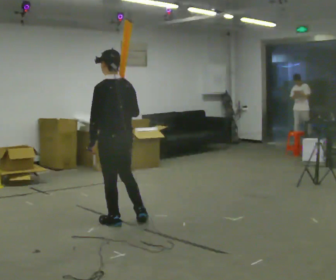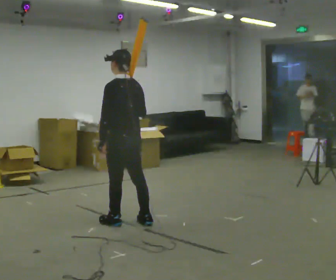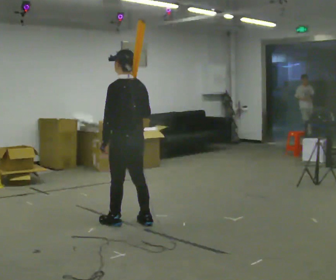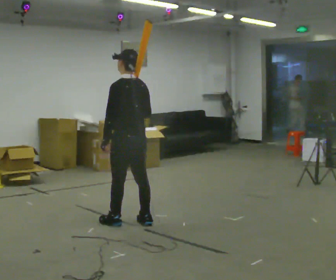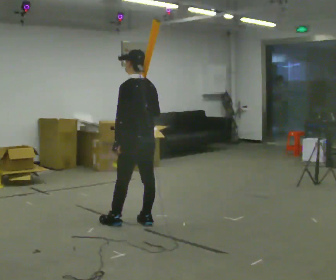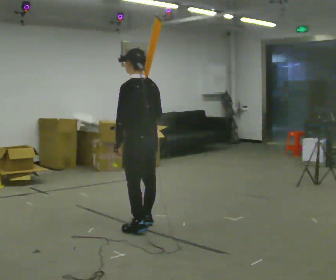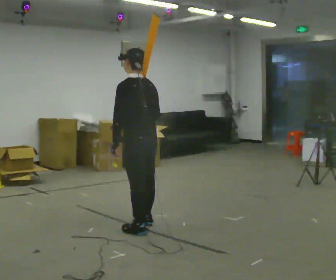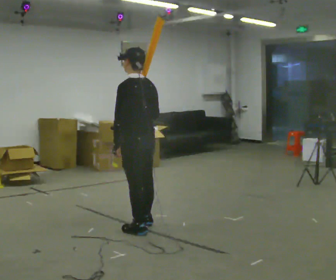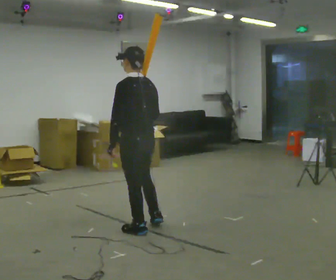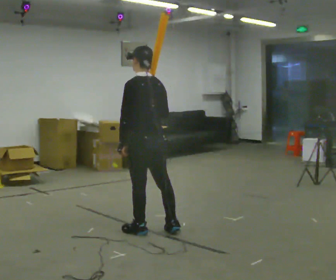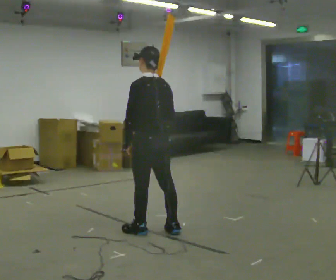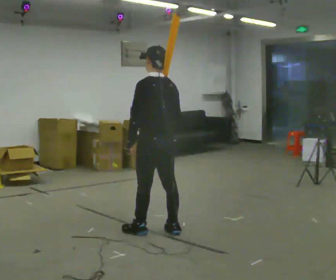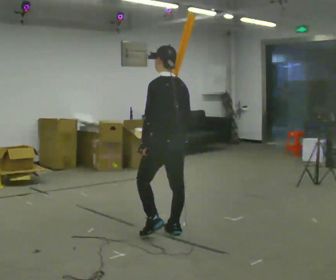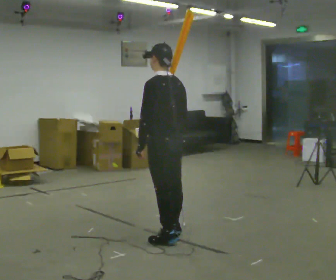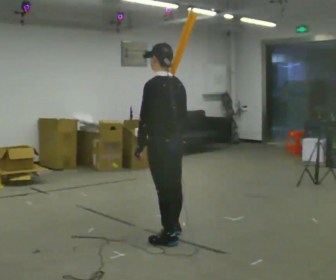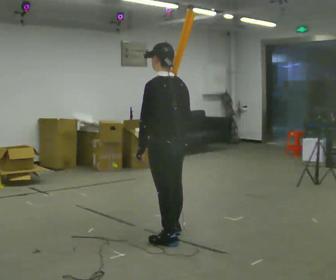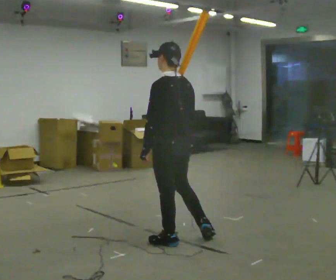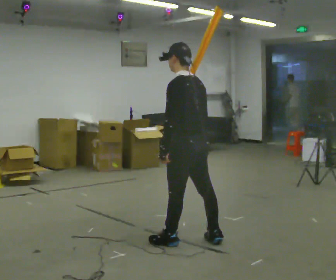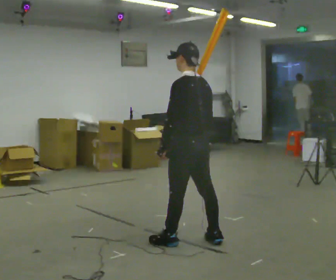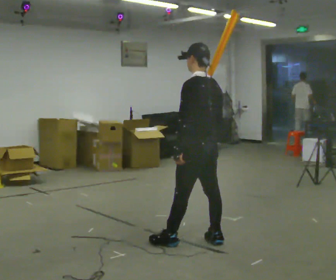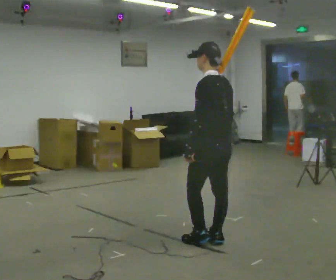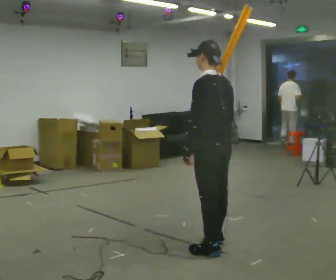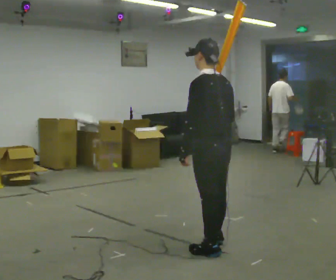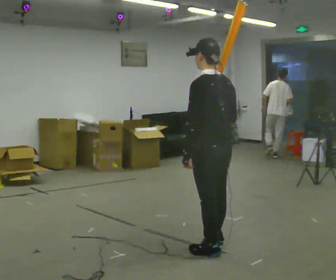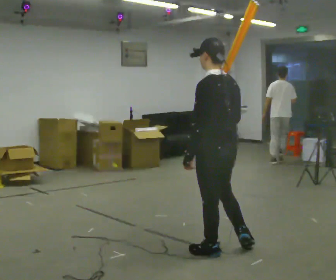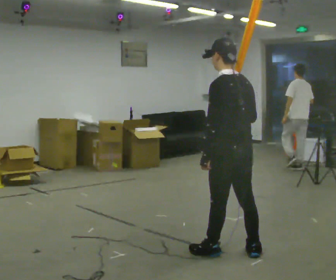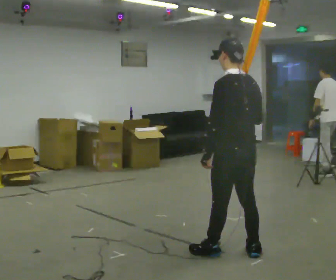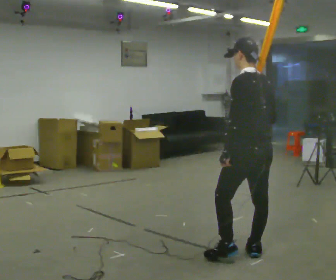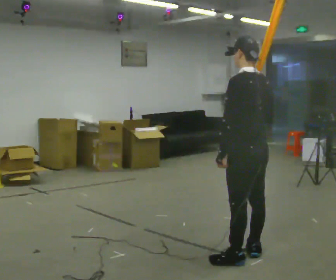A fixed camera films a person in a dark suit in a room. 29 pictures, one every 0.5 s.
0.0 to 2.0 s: In the picture they go to the right, about 0.25 m, which for them is to their right and backward.
2.0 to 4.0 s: In the picture they go toward the camera, about 0.25 m in 2 steps, which for them is backward and to their left.
4.0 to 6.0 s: In the picture they go to the right, about 0.25 m in 1 step, which for them is backward and to their right.
6.0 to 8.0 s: In the picture they go toward the camera, about 0.25 m in 1 step, which for them is backward and to their left.
8.0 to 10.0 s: In the picture they go to the right, about 0.25 m in 1 step, which for them is backward and to their right.
10.0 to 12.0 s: In the picture they go toward the camera, about 0.25 m in 1 step, which for them is to their left and backward.
12.0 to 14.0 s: In the picture they go to the right, about 0.25 m in 1 step, which for them is backward and to their right.
The film runs backward here.
